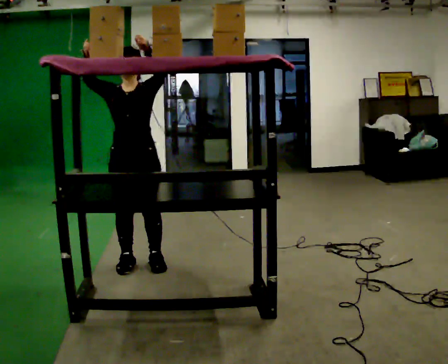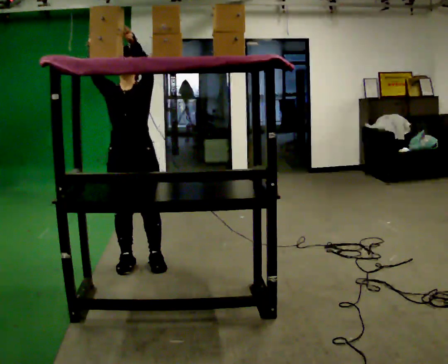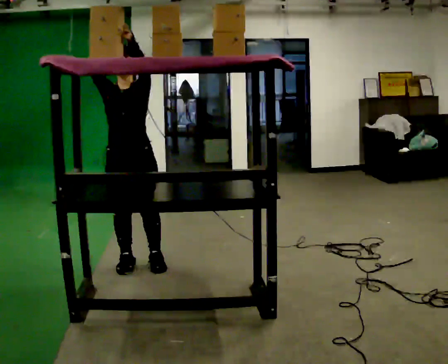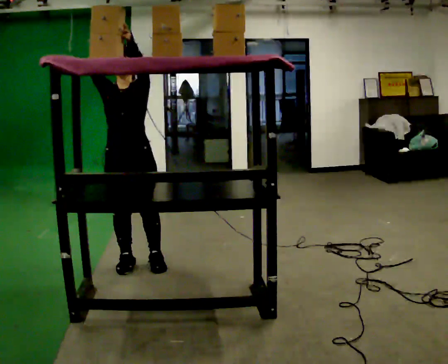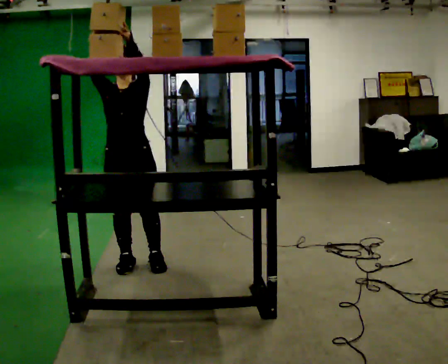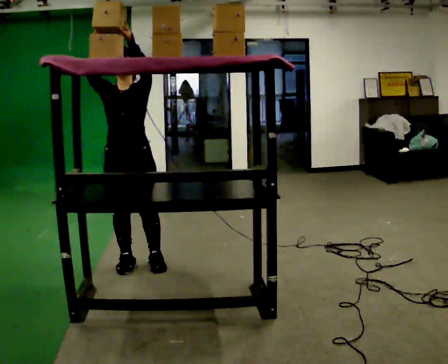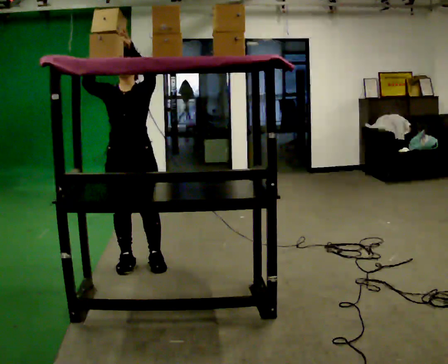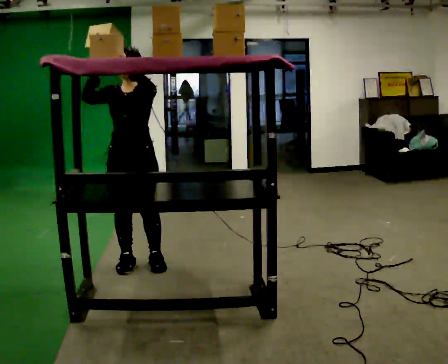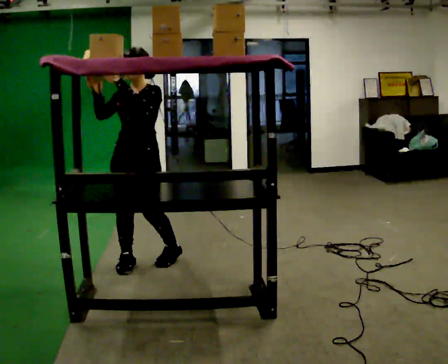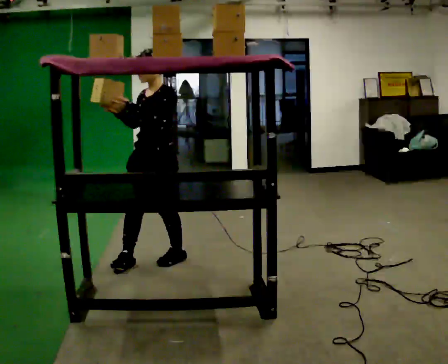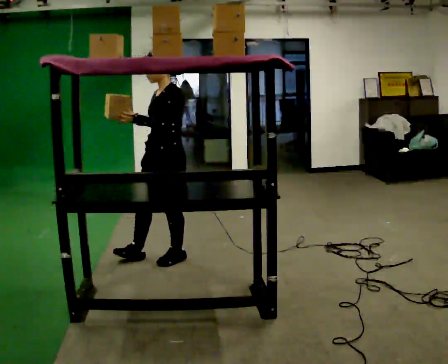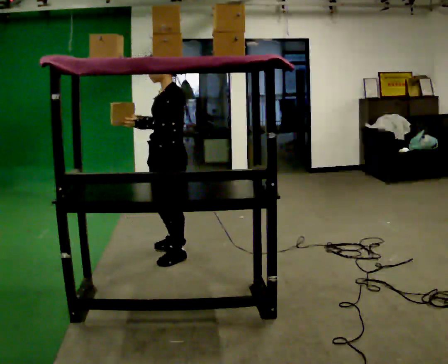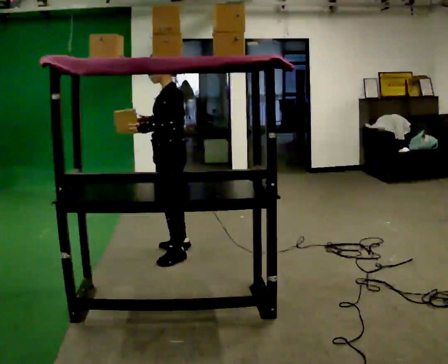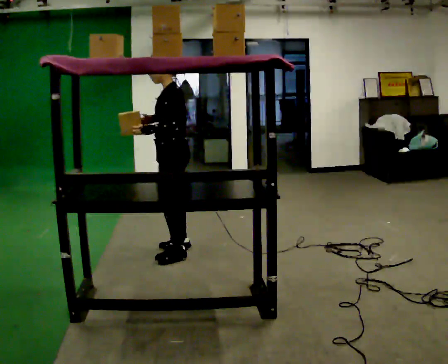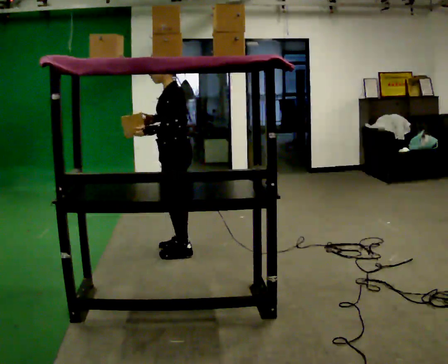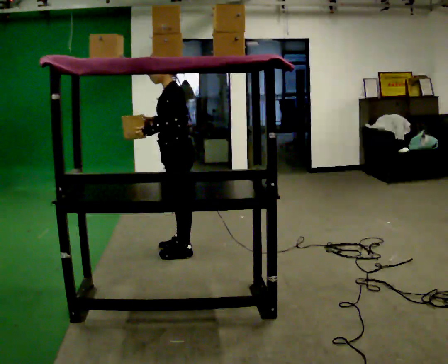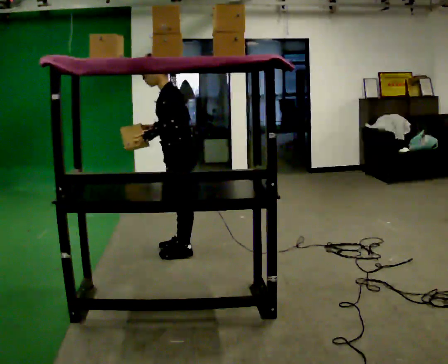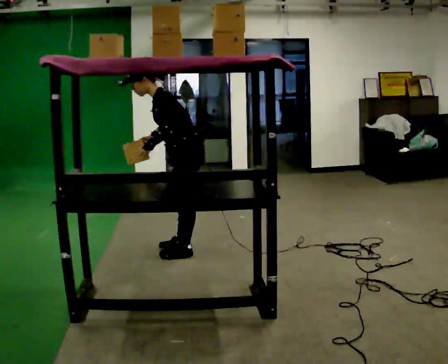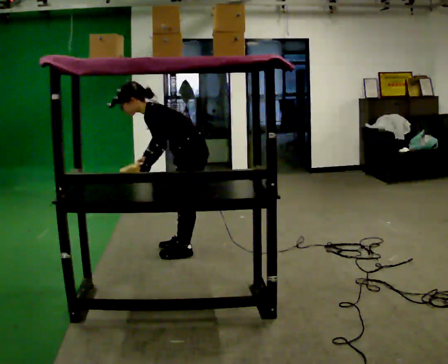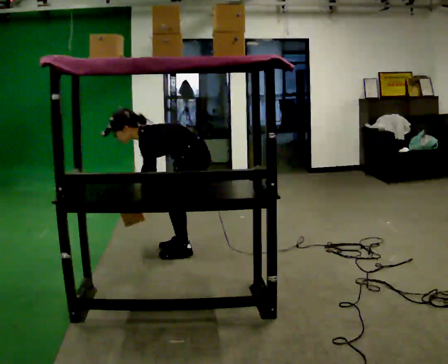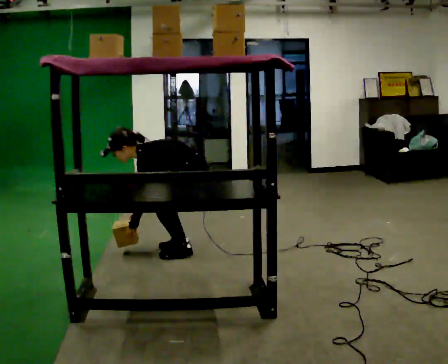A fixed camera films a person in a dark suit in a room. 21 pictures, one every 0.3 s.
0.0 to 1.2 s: The person moves a little, or ends about where they began.
1.2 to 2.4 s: In the picture their right hand goes downward.
2.4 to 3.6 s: The person turns about 60 degrees to their right, clockwise seen from above, so the part of the body nearest the lens slides to the left. In the picture they go away from the camera and to the right, about 0.25 m in 2 steps.
3.6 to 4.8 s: In the picture the upper body tilts counterclockwise, shoulders to the left, as they bend forward.
4.8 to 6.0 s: The upper body goes downward. In the picture the upper body tilts counterclockwise, shoulders to the left, as they bend forward. In the picture their right hand goes downward.
The film runs forward here.
